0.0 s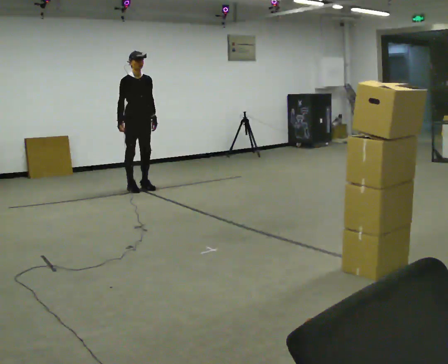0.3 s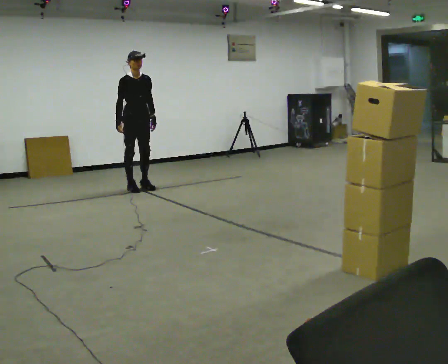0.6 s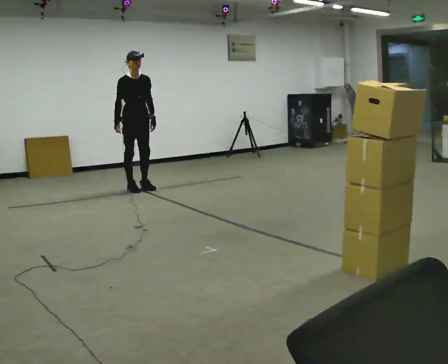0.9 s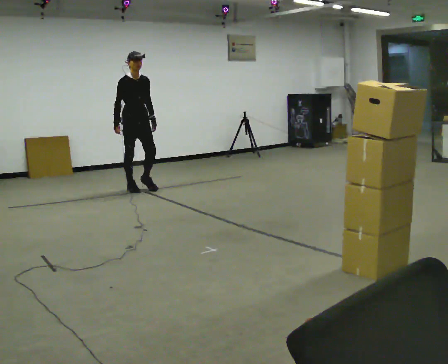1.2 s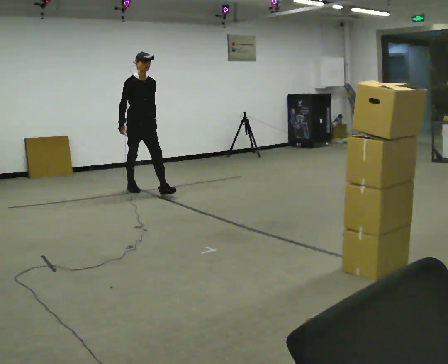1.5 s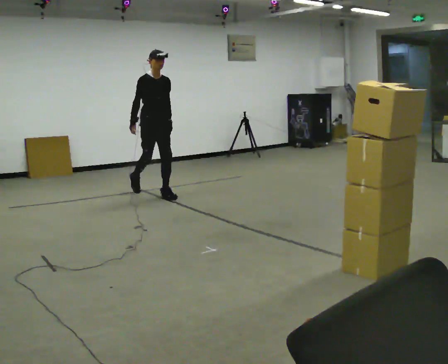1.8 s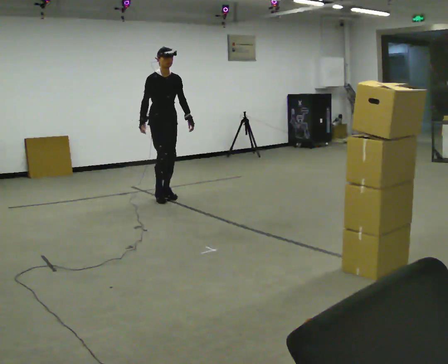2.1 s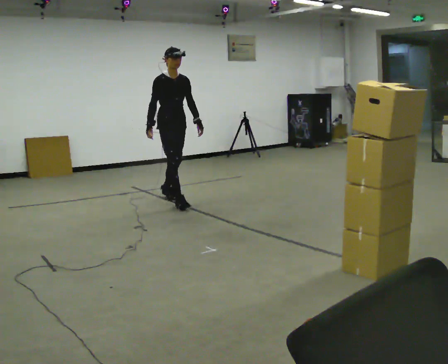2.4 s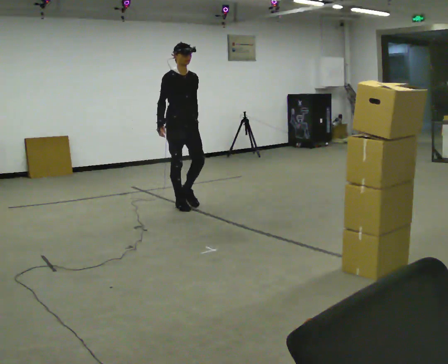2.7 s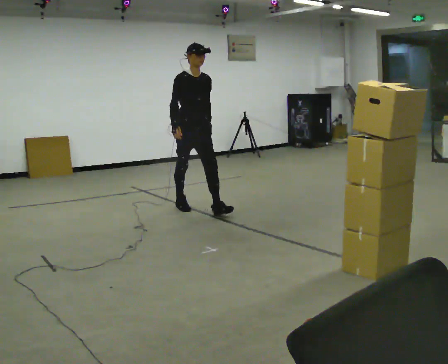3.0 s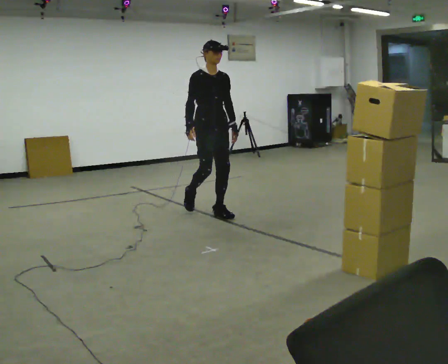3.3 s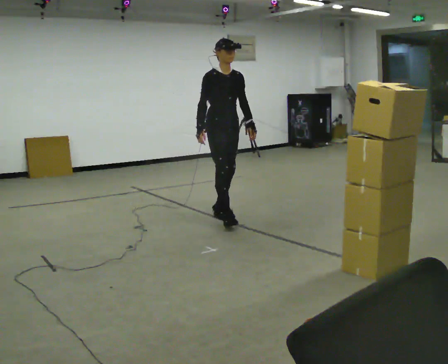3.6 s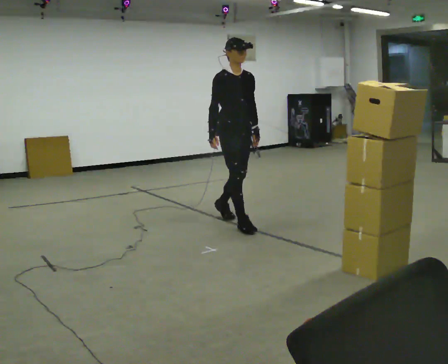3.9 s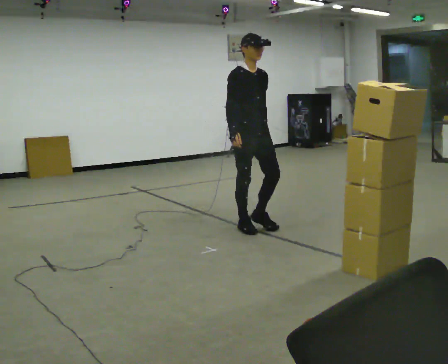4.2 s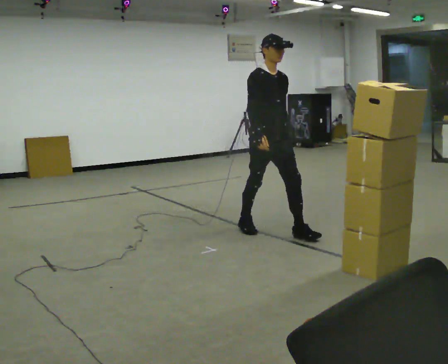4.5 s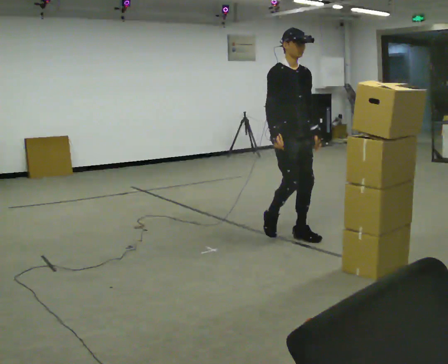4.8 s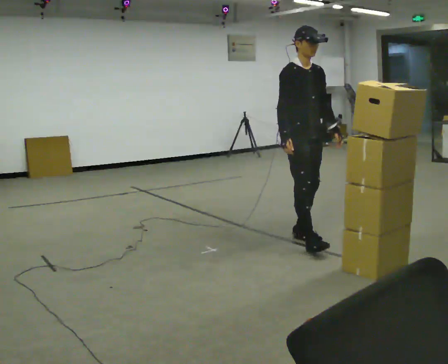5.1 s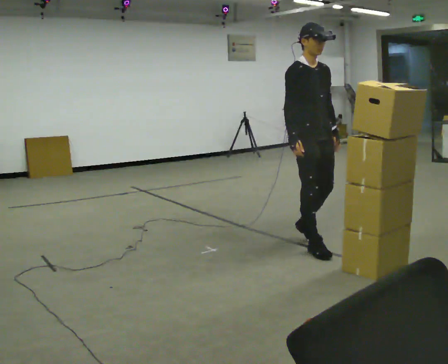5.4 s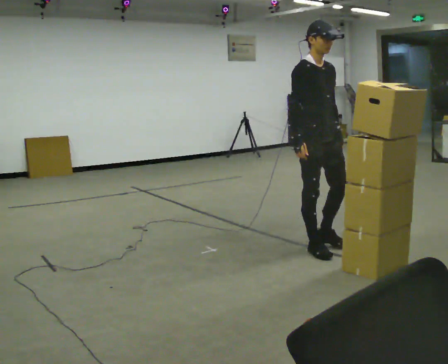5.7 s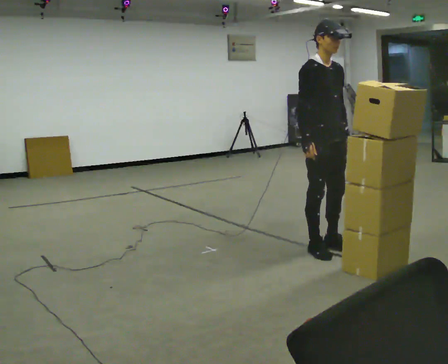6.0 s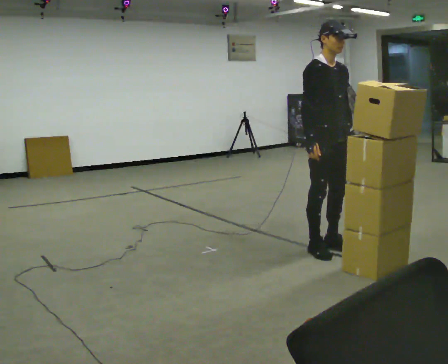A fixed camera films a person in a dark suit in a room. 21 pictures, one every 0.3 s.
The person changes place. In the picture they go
toward the camera.
0.0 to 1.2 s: In the picture they go toward the camera, about 0.25 m, which for them is forward.
1.2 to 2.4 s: In the picture they go toward the camera and to the right, about 1 m in 2 steps, which for them is forward.
2.4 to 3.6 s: In the picture they go toward the camera and to the right, about 1 m in 2 steps, which for them is forward.
3.6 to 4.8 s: In the picture they go toward the camera and to the right, about 1 m in 1 step, which for them is forward.
4.8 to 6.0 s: In the picture they go toward the camera, about 0.25 m in 2 steps, which for them is forward.
The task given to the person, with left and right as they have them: Carry the stack of boxes across the room without letting it fall over, then bring it back. Keep going until the operator says stop; one object at a time, and do not rush between trips.
The film runs forward here.
